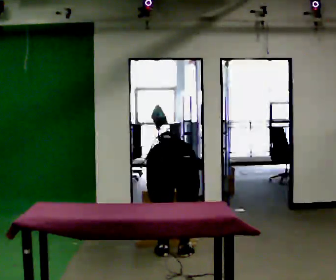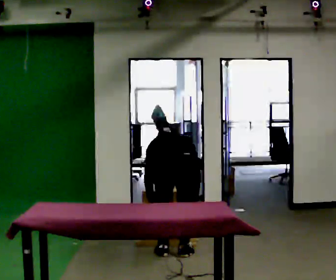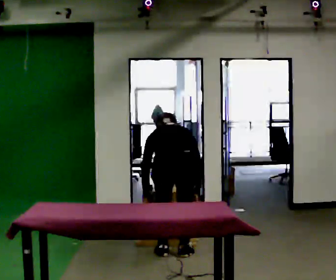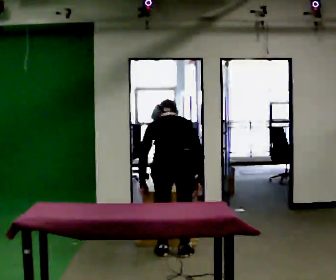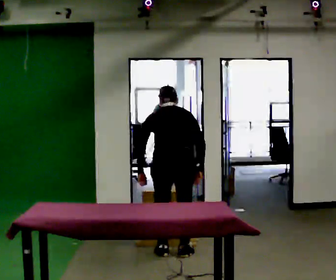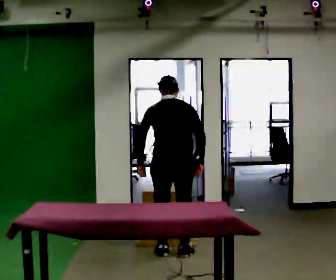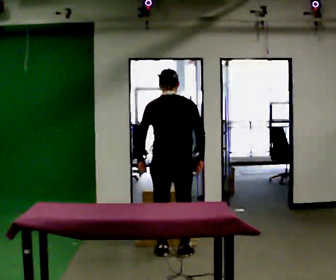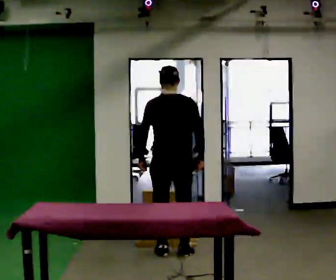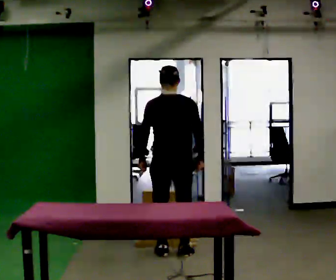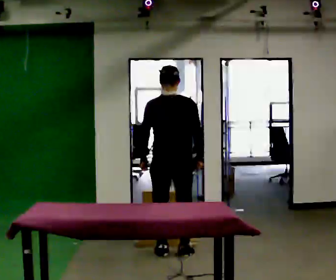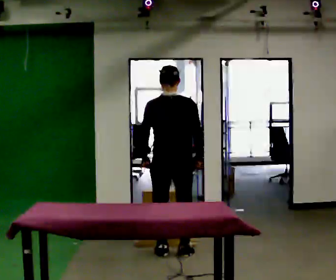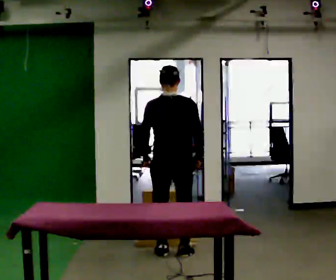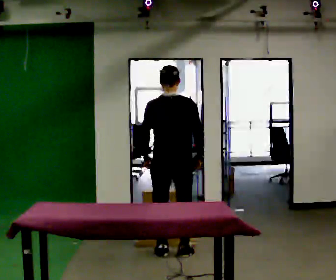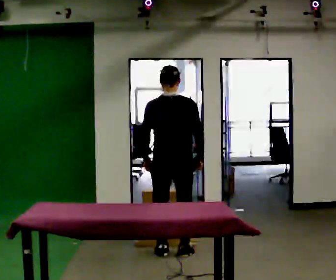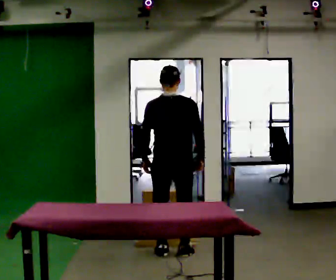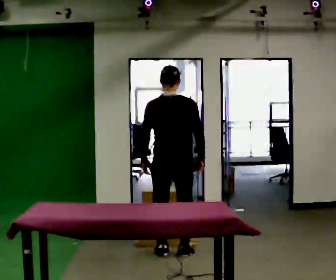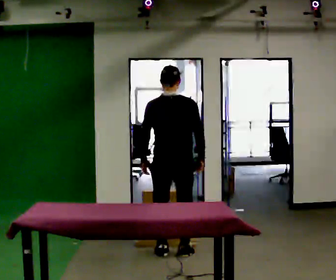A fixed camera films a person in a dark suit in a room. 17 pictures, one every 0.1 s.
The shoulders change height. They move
upward.
The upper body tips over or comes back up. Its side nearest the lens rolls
downward.
0.0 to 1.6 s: In the picture they go away from the camera, about 0.25 m, which for them is forward. The upper body goes upward. The upper body tips toward the camera, its near side rolling downward, as they lean back or straighten. In the picture their left hand goes upward.
The film runs forward here.
